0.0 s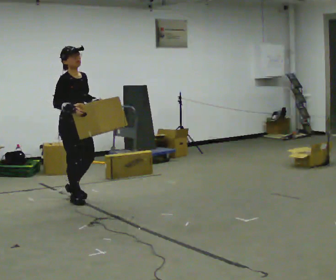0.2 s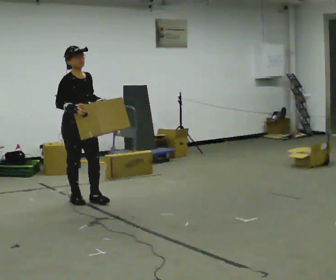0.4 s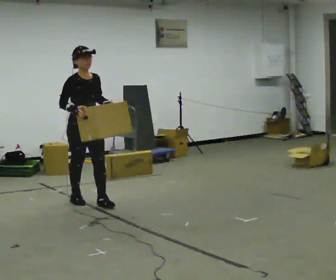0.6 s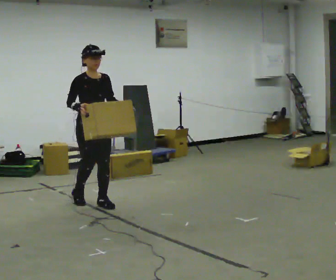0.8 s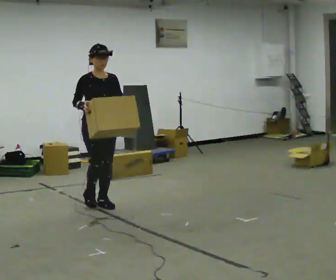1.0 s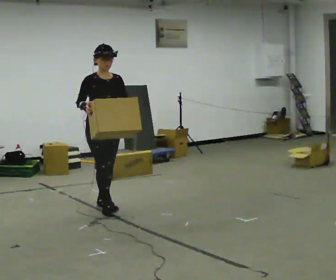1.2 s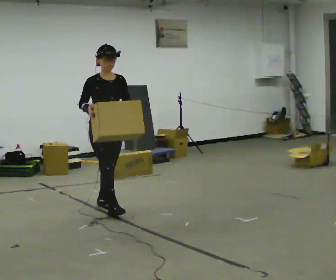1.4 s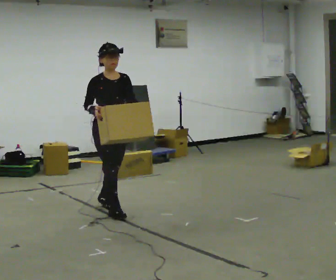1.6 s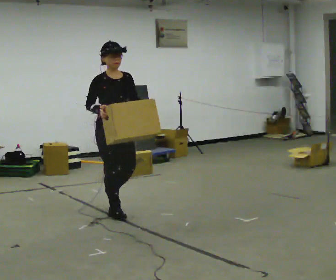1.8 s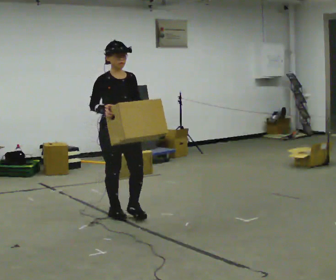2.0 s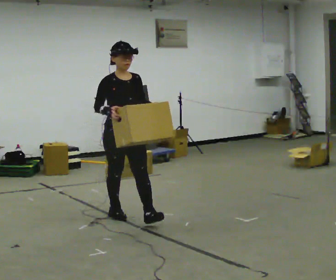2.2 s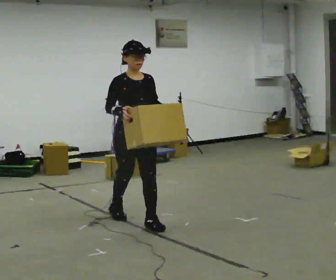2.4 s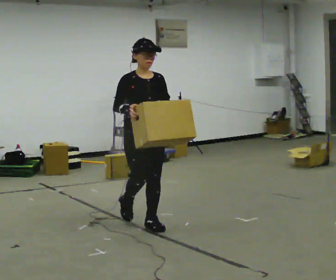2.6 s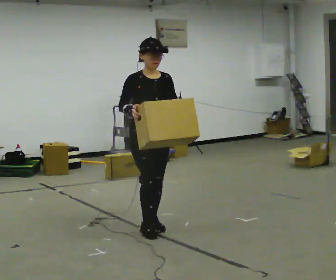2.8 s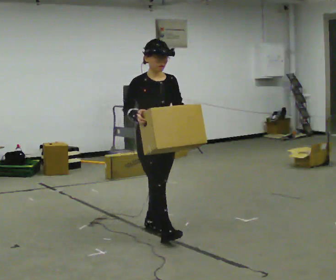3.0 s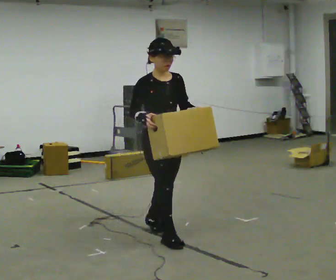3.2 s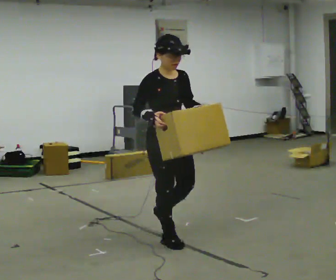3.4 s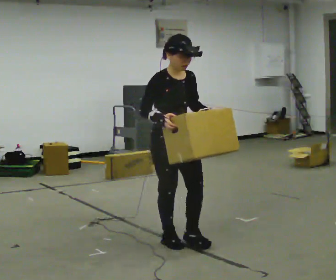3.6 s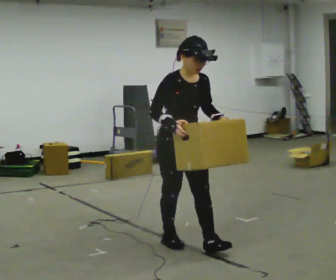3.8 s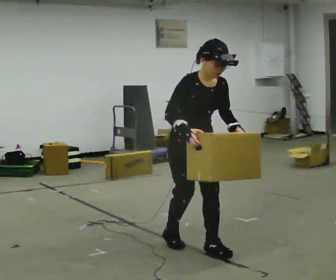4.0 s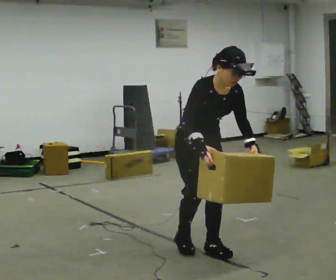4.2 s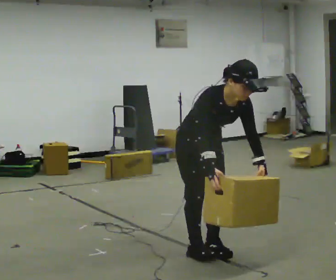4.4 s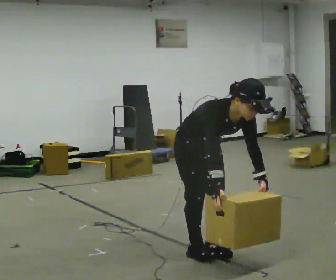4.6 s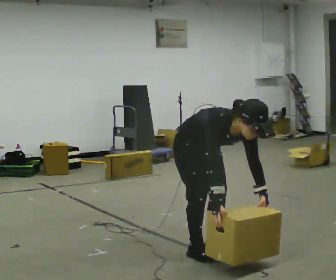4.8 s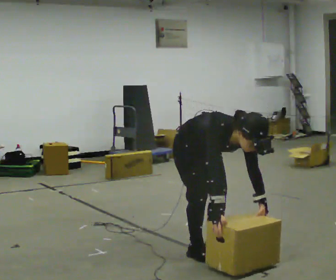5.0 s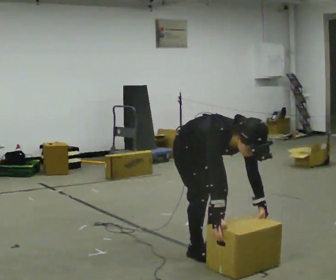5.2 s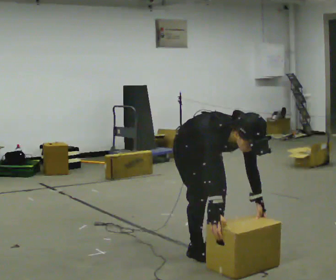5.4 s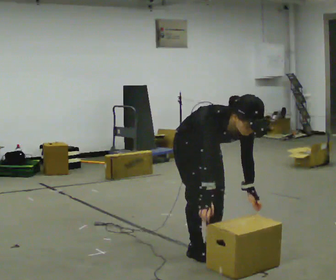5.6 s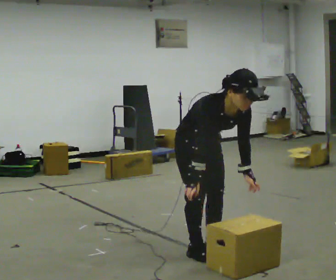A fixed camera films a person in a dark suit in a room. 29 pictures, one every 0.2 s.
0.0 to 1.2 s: Seen from above the body turns clockwise, about 30 degrees: to their right, with its near side sliding to the left. In the picture they go to the right and toward the camera, about 0.5 m in 2 steps, which for them is forward and to their left.
1.2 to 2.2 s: In the picture they go toward the camera and to the right, about 0.5 m in 1 step, which for them is forward.
2.2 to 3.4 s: In the picture they go toward the camera and to the right, about 0.75 m in 1 step, which for them is forward.
3.4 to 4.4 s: In the picture they go to the right and toward the camera, about 0.25 m in 2 steps, which for them is forward. The upper body goes downward. The upper body tips toward the camera, its near side rolling downward, as they bend forward. In the picture their right hand goes downward.
4.4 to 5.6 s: The person moves a little, or ends about where they began.
The film runs forward here.
